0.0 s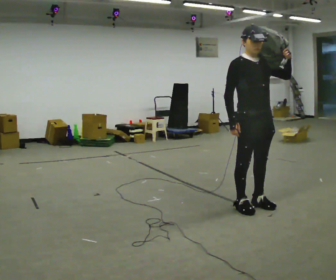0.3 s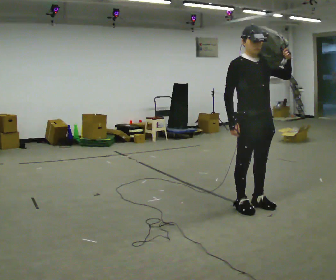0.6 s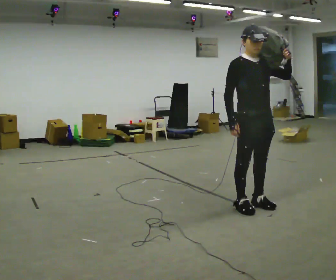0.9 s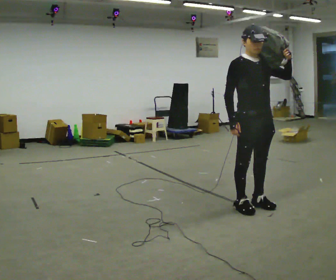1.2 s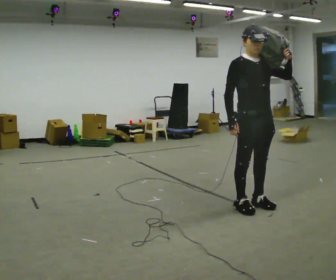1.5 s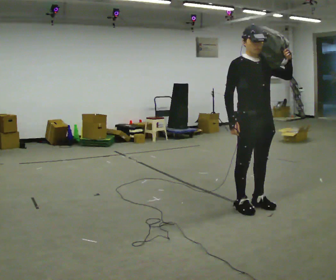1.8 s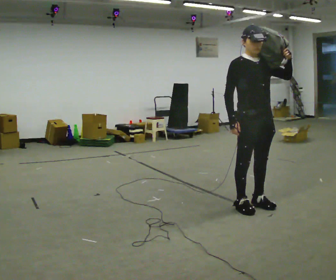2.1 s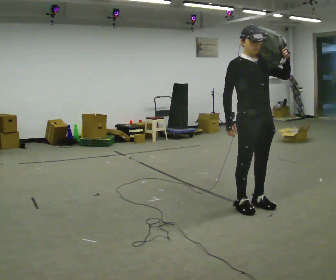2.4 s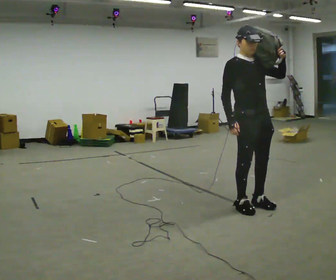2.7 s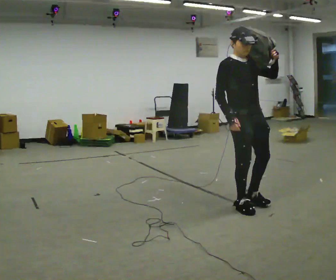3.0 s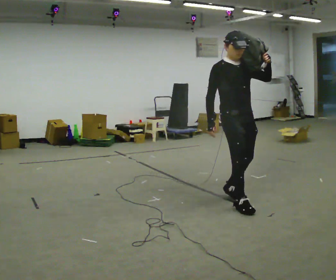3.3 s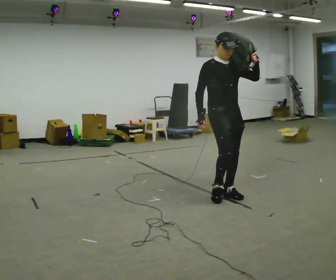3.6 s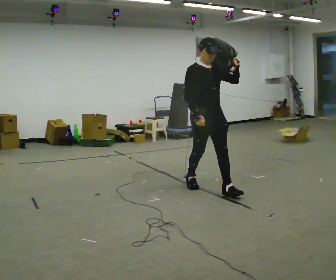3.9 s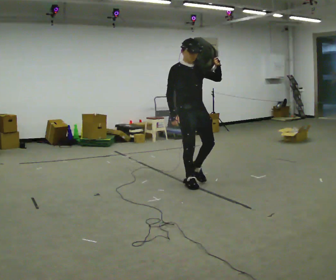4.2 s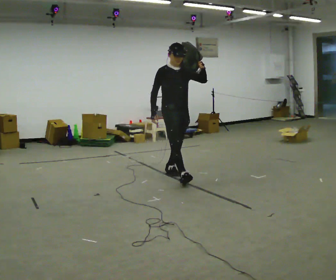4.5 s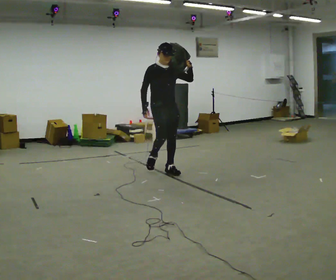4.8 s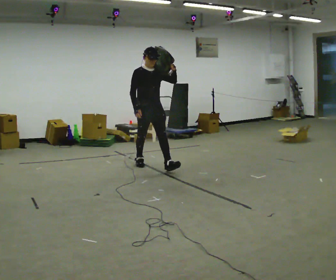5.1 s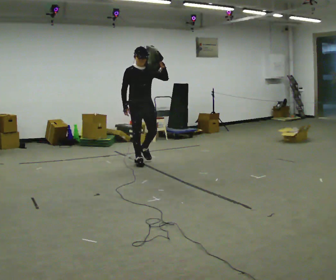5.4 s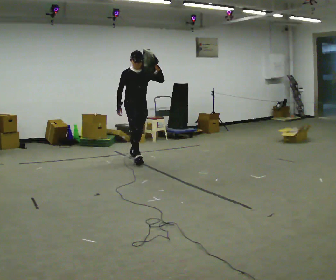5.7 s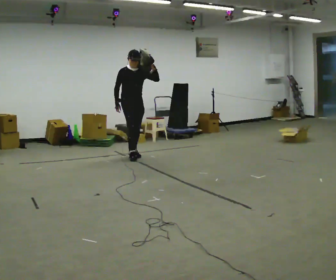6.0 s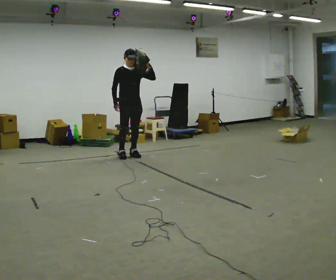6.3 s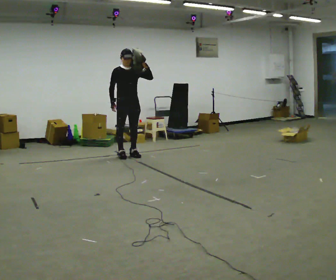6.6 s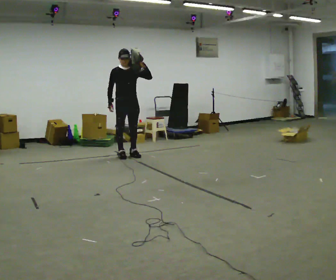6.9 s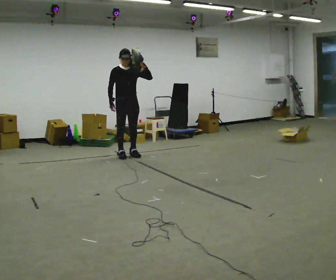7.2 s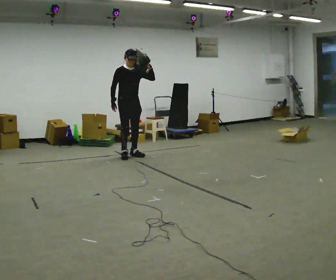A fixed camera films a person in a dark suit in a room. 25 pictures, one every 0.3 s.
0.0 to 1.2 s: The person keeps their place and pose.
1.2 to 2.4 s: The person moves a little, or ends about where they began.
2.4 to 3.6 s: In the picture they go away from the camera and to the left, about 0.5 m in 2 steps, which for them is backward.
3.6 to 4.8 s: In the picture they go away from the camera and to the left, about 1.5 m in 3 steps, which for them is backward.
4.8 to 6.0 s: In the picture they go away from the camera and to the left, about 1 m in 1 step, which for them is backward.
6.0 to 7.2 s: The person moves a little, or ends about where they began.
The film runs backward here.
